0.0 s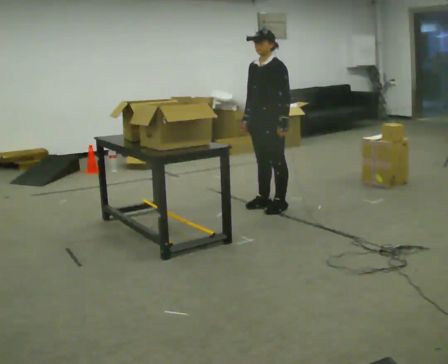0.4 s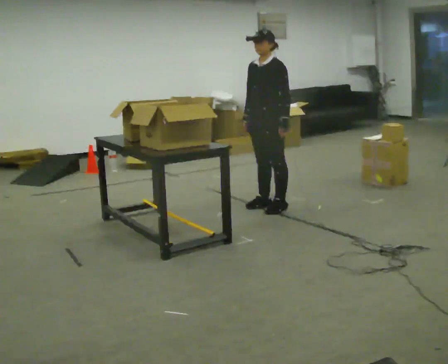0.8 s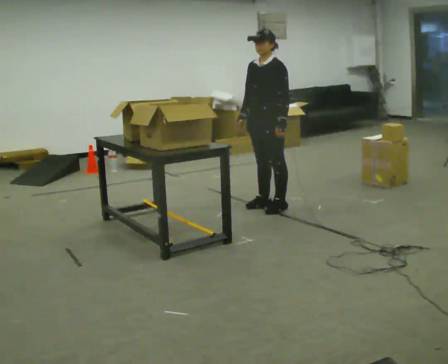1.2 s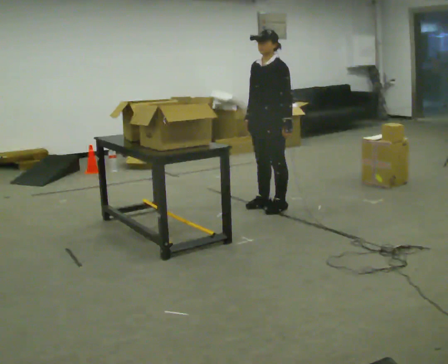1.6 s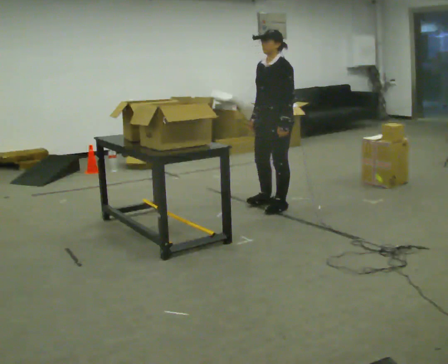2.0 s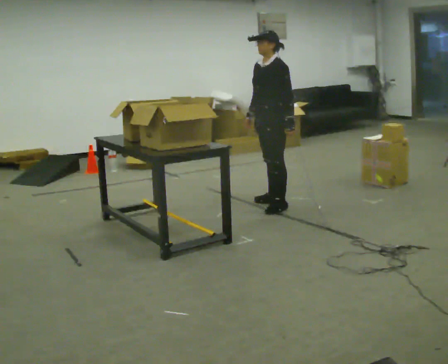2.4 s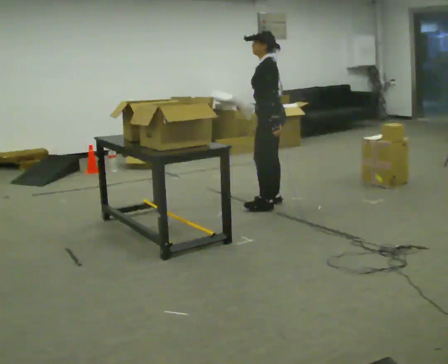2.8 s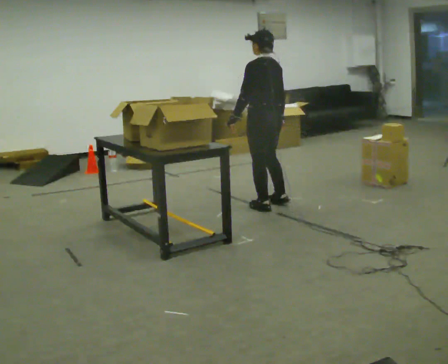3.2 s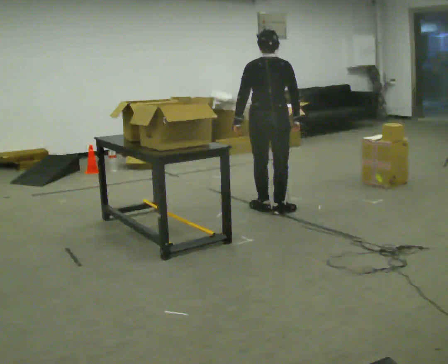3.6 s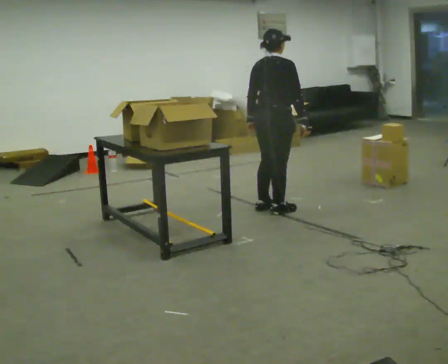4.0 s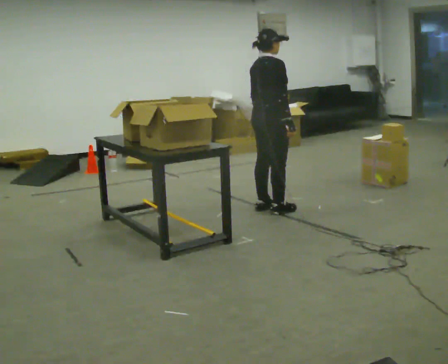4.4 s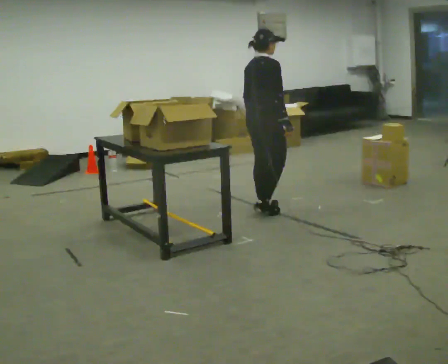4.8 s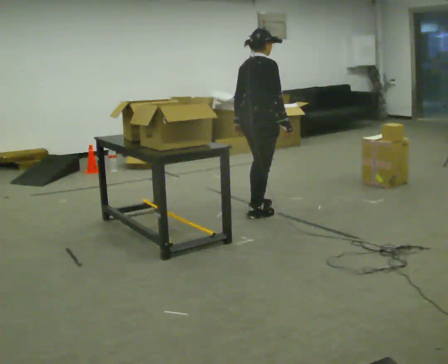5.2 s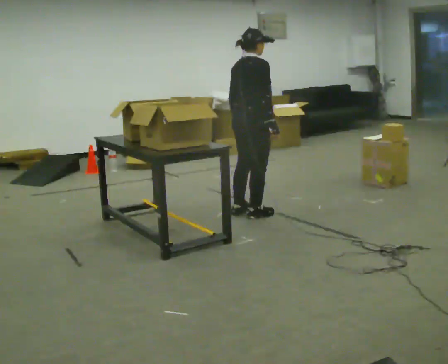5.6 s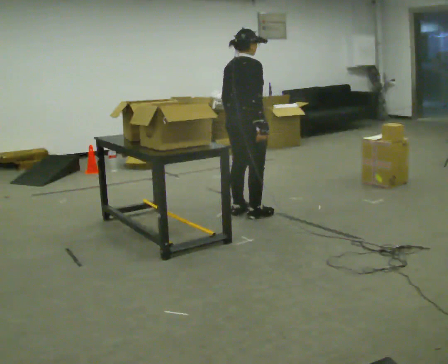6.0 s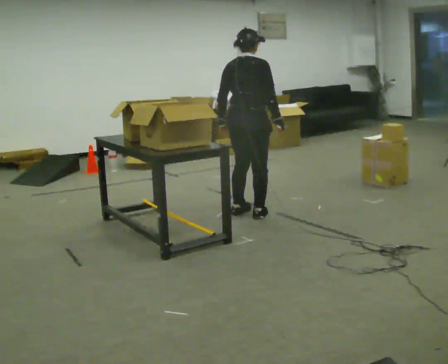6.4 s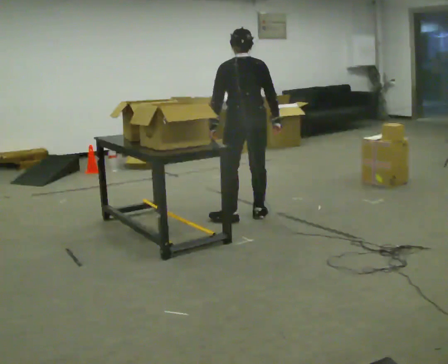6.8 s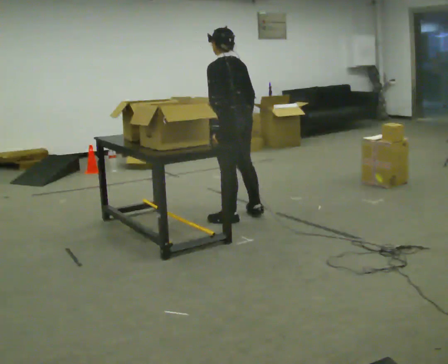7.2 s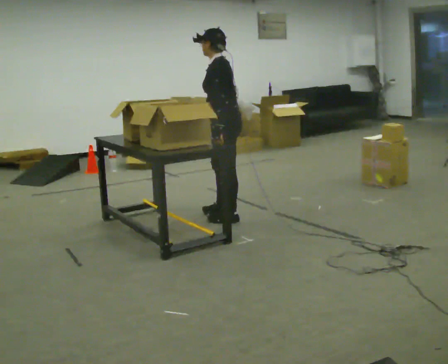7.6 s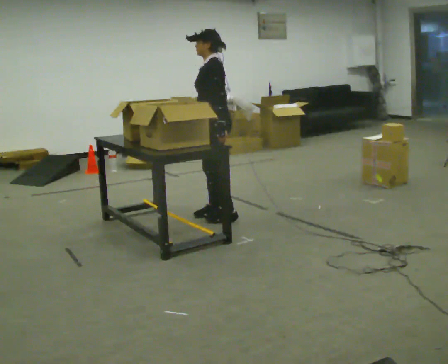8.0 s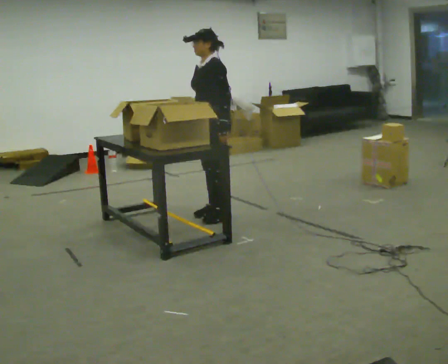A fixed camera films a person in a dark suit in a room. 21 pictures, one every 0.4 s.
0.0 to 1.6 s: The person moves a little, or ends about where they began.
1.6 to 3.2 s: Seen from above the body turns clockwise, about 120 degrees: to their right, with its near side sliding to the left. In the picture their left hand goes to the left.
3.2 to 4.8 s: Seen from above the body turns clockwise, about 60 degrees: to their right, with its near side sliding to the left.
4.8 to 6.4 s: The part of the body nearest the lens slides to the right as the person turns to their left by about 75 degrees.
6.4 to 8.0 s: Seen from above the body turns counterclockwise, about 105 degrees: to their left, with its near side sliding to the right. In the picture they go to the left, about 0.25 m in 1 step.
The film runs backward here.
